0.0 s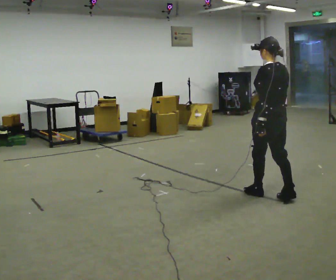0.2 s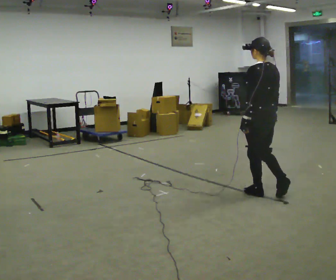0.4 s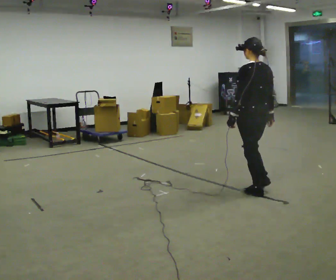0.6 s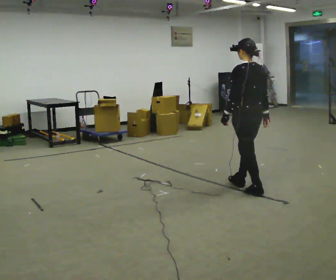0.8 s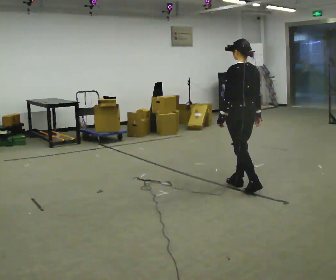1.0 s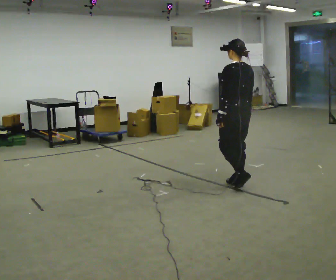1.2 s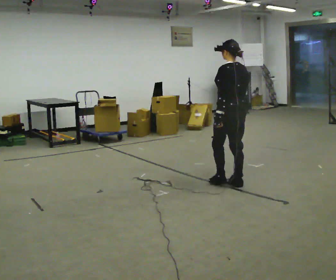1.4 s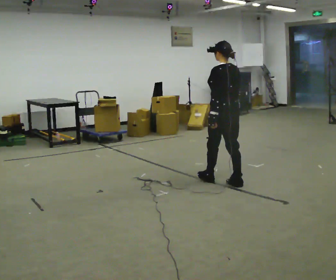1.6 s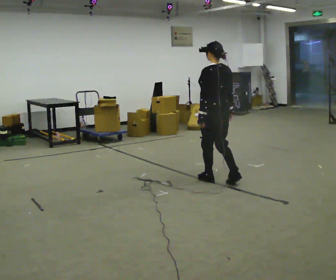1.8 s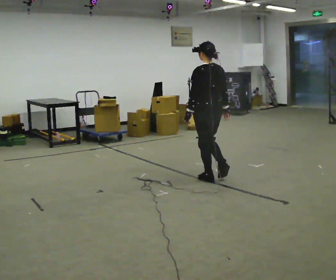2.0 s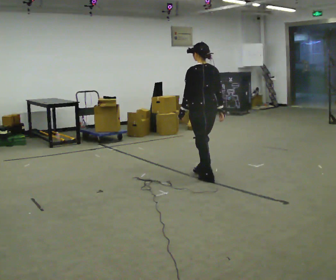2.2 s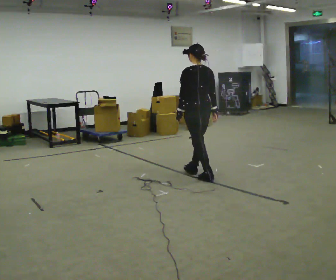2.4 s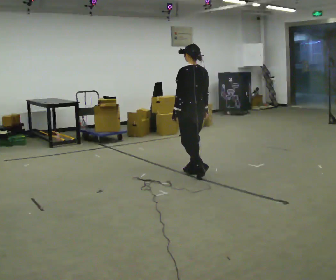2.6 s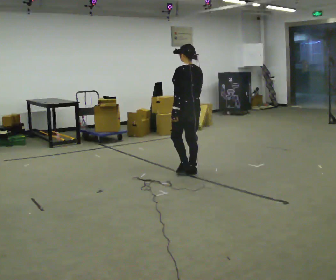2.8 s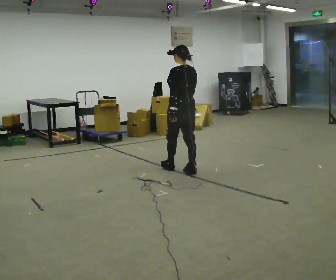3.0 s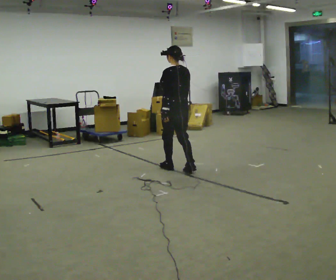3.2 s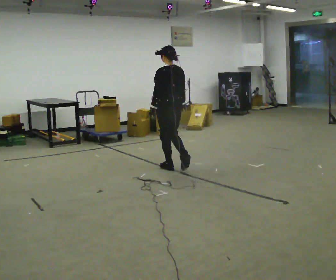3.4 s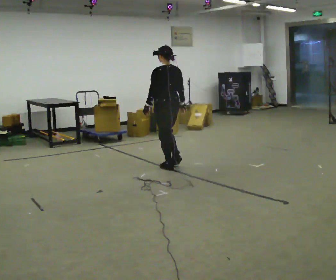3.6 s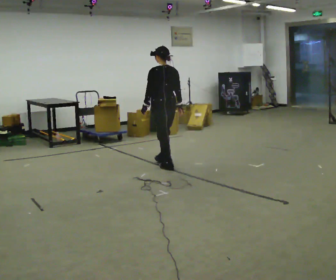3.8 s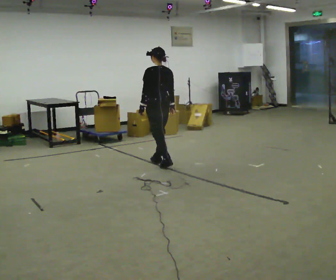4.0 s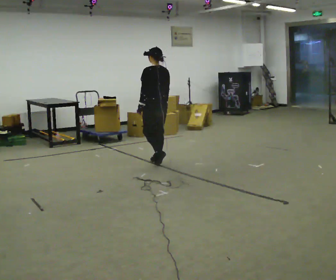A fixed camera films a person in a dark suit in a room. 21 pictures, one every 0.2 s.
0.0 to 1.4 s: In the picture they go away from the camera and to the left, about 0.75 m in 2 steps, which for them is forward.
1.4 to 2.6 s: In the picture they go away from the camera and to the left, about 0.5 m in 1 step, which for them is forward.
2.6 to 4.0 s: In the picture they go away from the camera and to the left, about 0.75 m in 2 steps, which for them is forward.
The film runs forward here.
